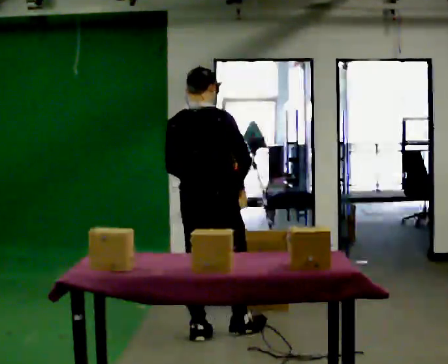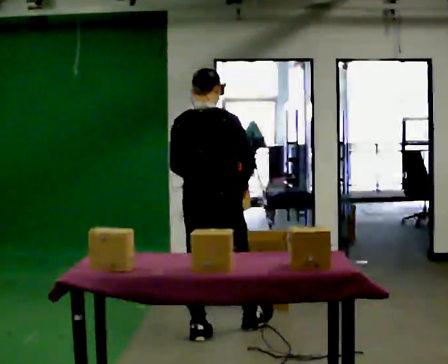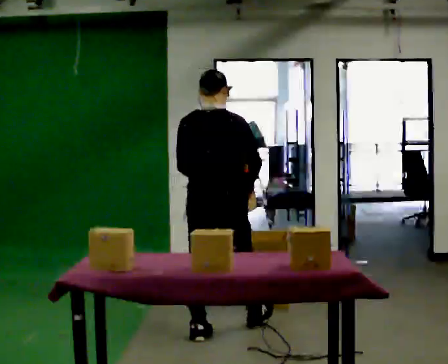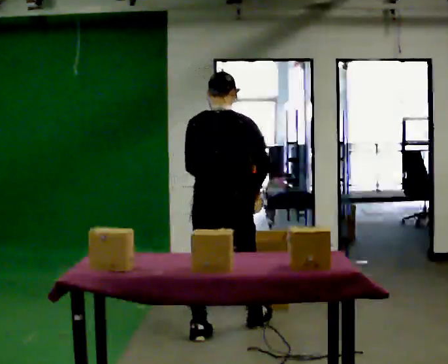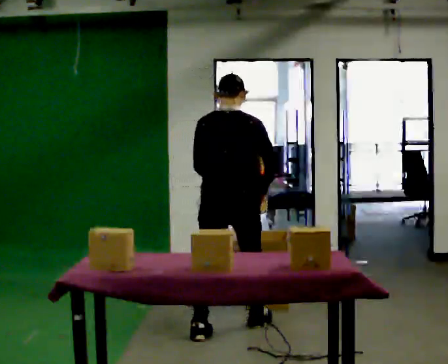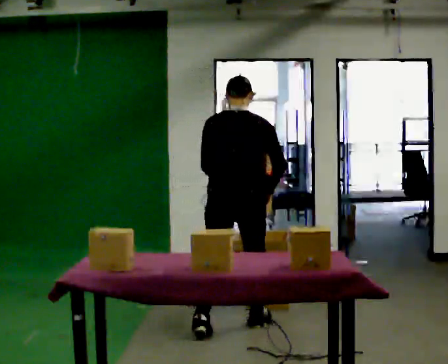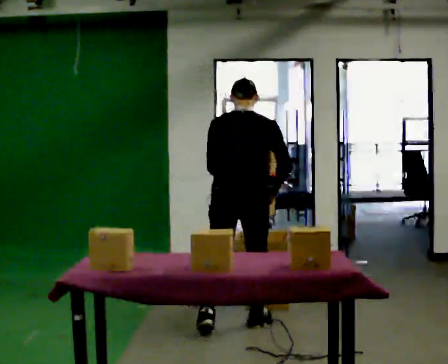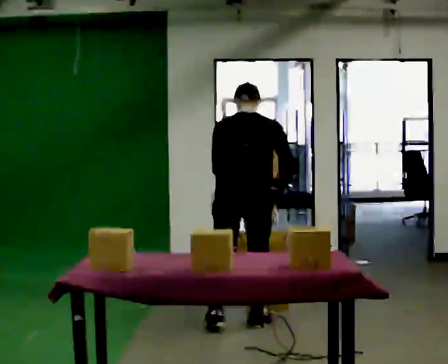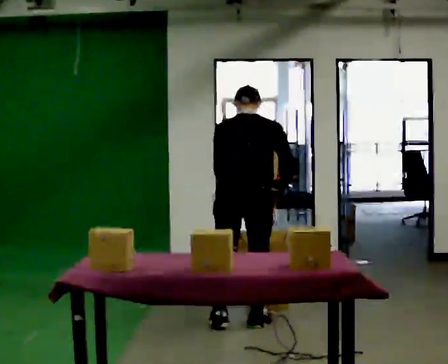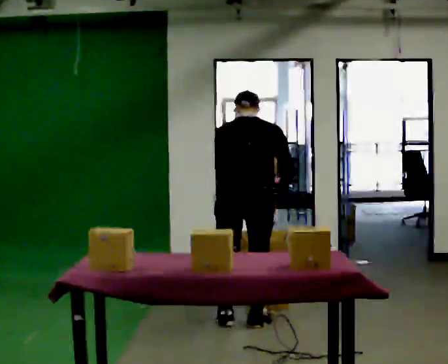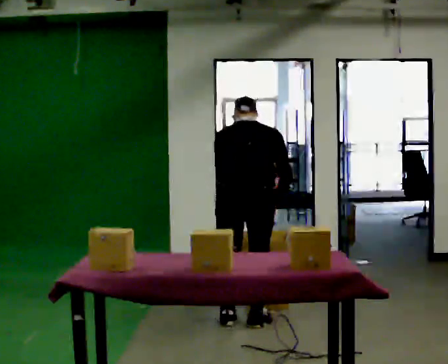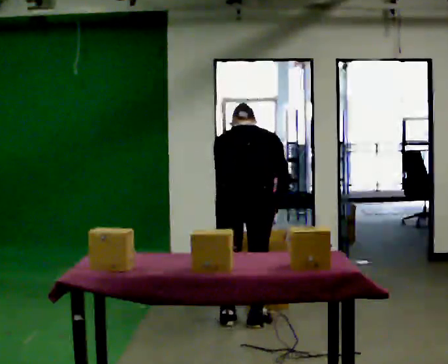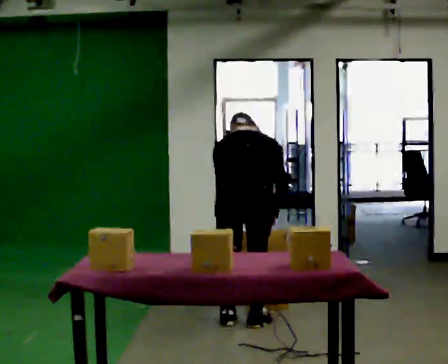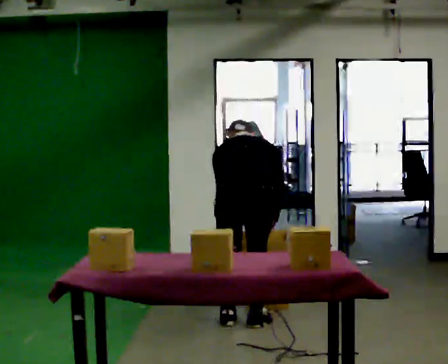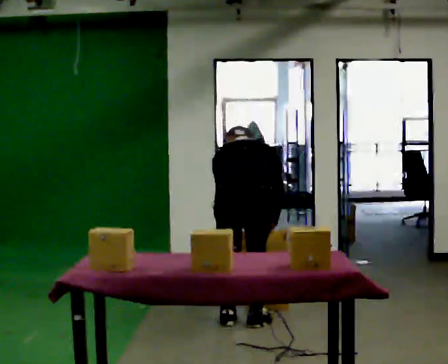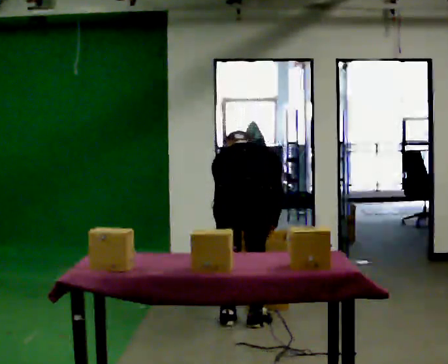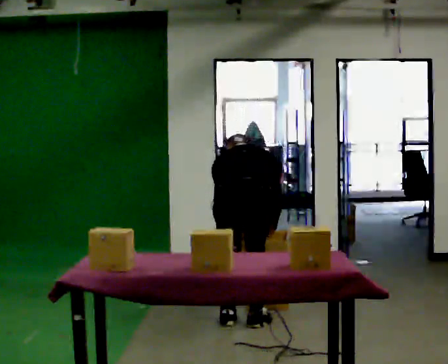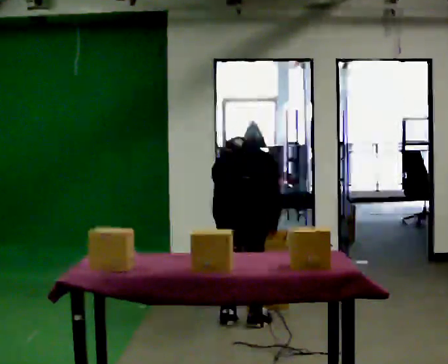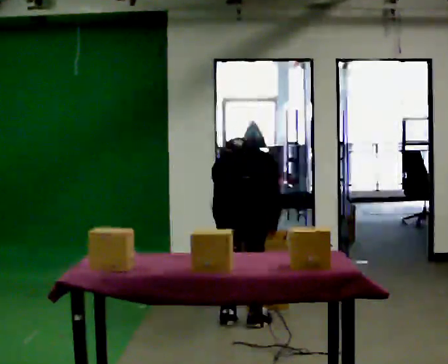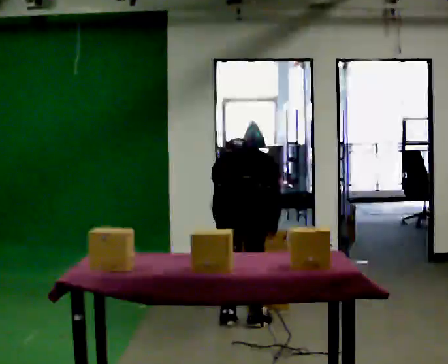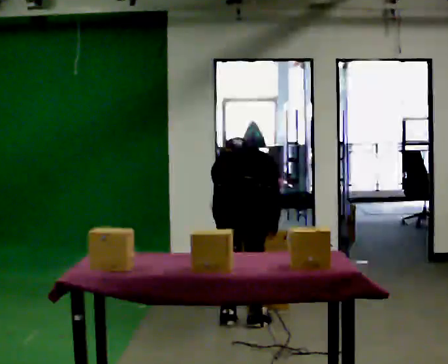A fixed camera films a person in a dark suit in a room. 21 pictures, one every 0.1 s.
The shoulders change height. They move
downward.
The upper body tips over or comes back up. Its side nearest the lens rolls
upward.
0.0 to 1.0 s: In the picture they go to the right and away from the camera, about 0.25 m in 2 steps, which for them is forward and to their right. The upper body tips away from the camera, its near side rolling upward, as they bend forward.
1.0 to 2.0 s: The shoulders move downward. The upper body tips away from the camera, its near side rolling upward, as they bend forward.
The film runs forward here.
